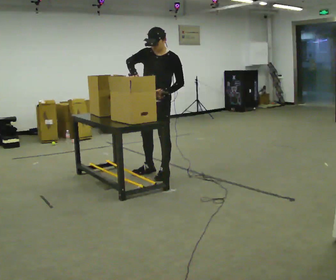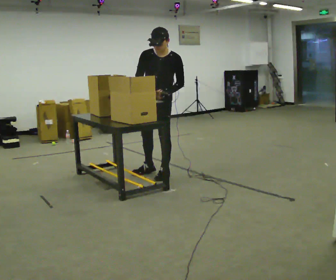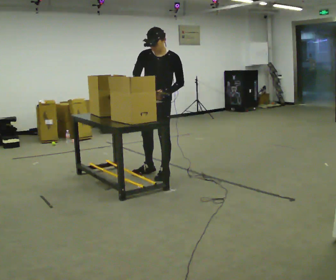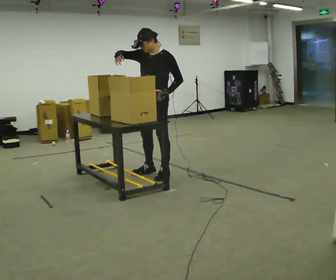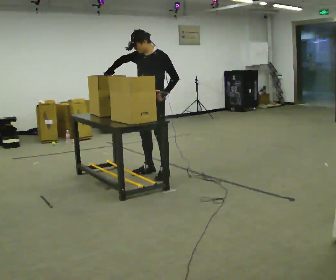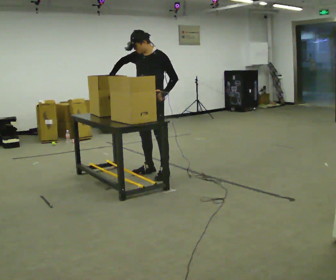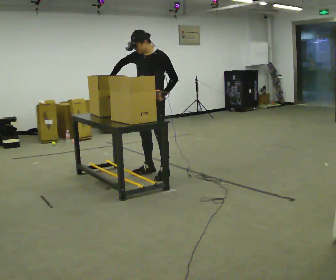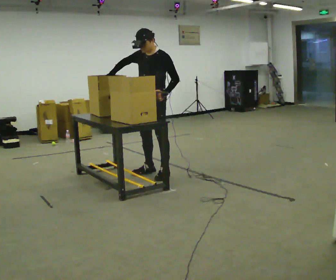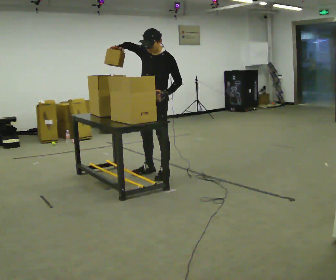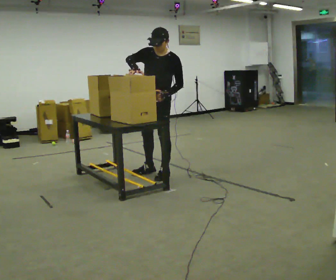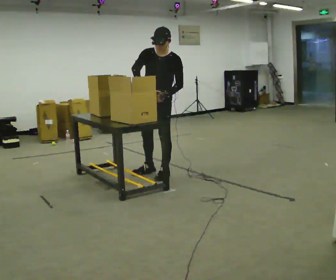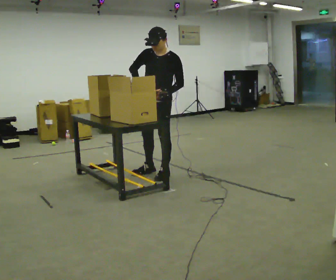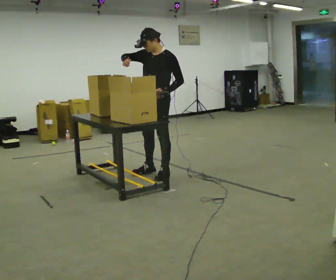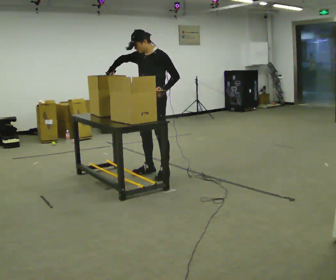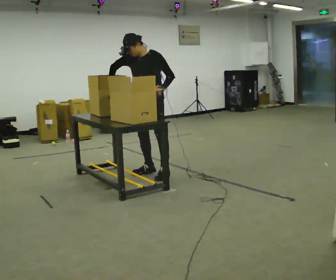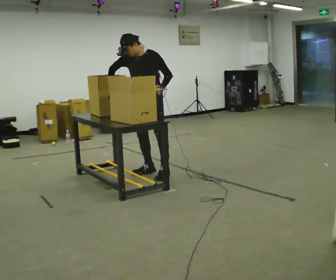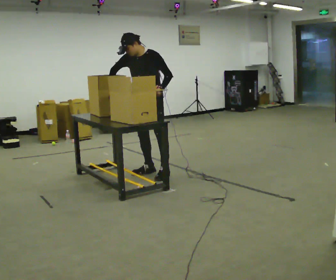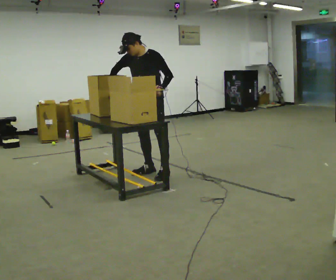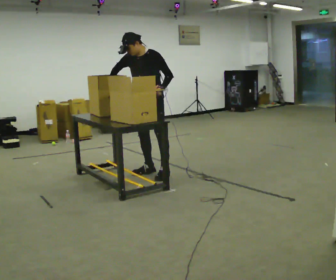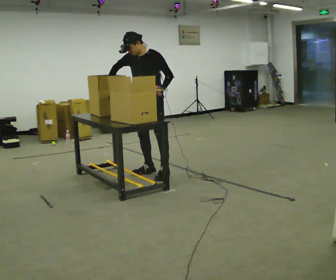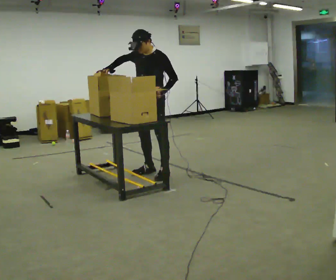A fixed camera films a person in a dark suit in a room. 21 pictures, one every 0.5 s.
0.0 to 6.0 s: The person moves a little, or ends about where they began.
6.0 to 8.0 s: In the picture the upper body tilts counterclockwise, shoulders to the left. In the picture their right hand goes downward.
8.0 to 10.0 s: The person moves a little, or ends about where they began.
The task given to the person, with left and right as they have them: Move the items from one container to the other one at a time, then move them back. Repeat at your own pace until the operator says stop. Keep both feet on the marked spots for the whole take. If you have to step, stop and tell the operator.
The film runs forward here.
